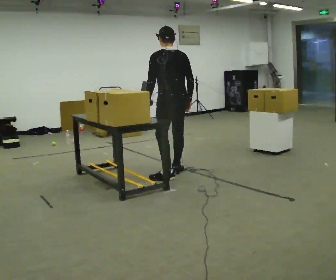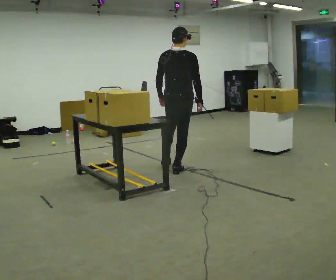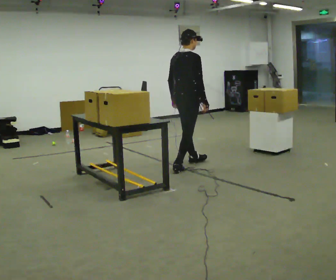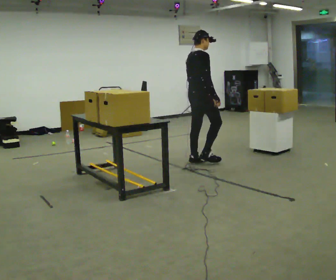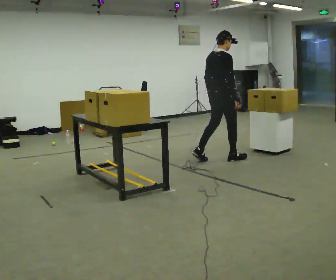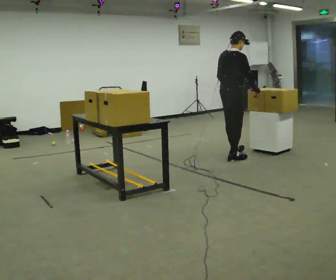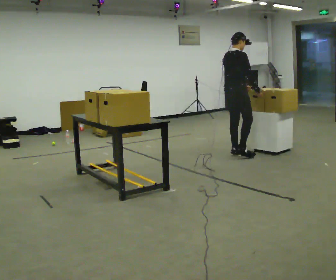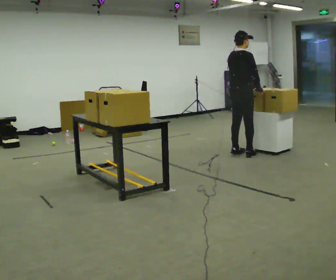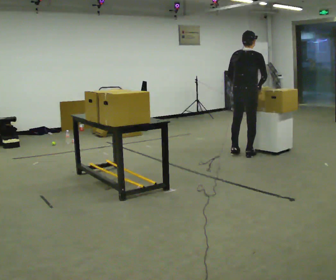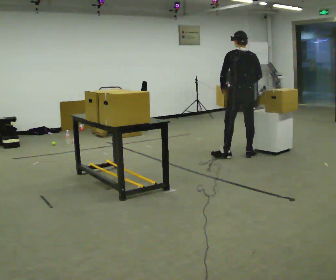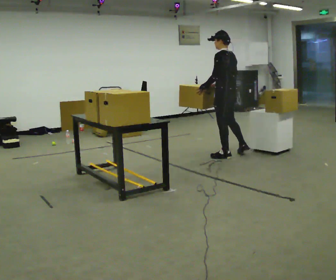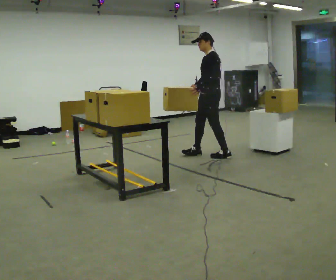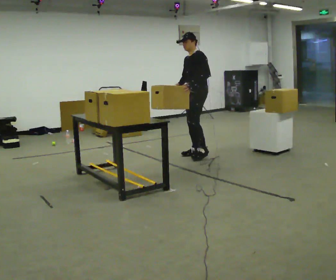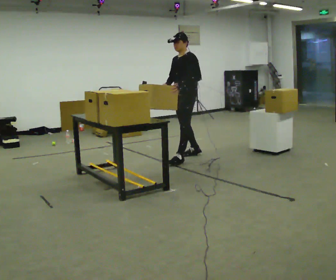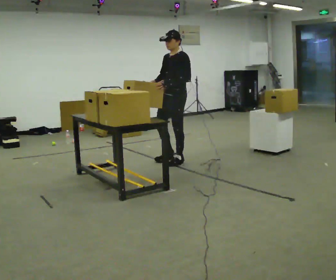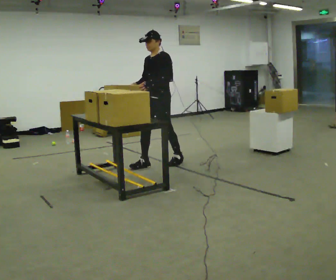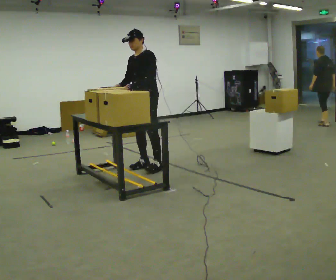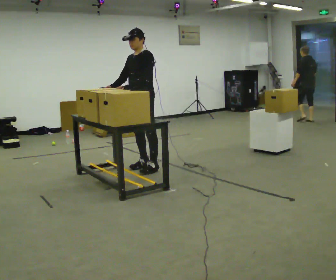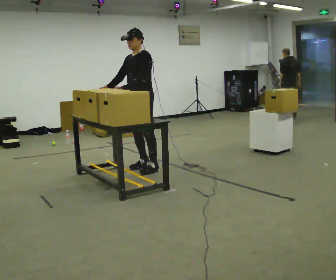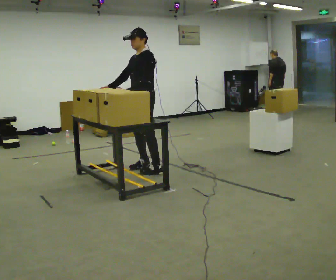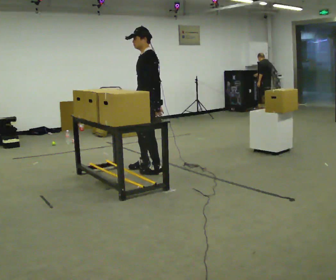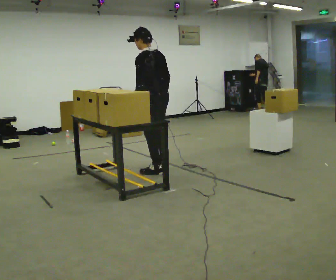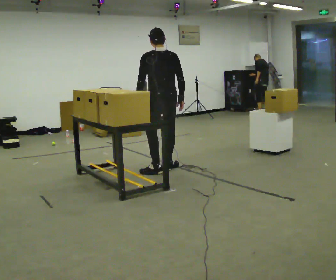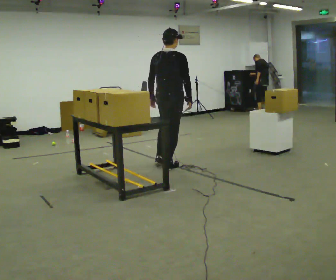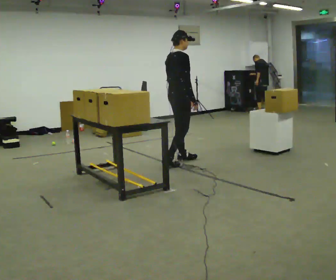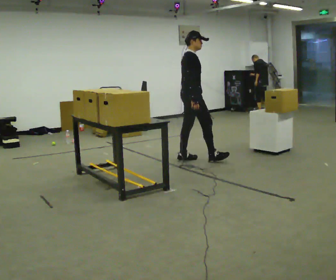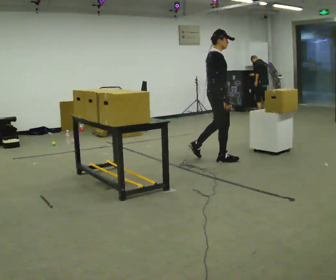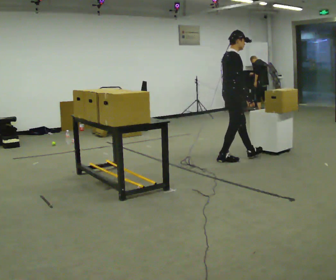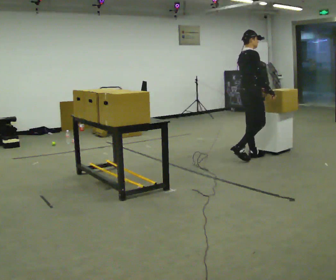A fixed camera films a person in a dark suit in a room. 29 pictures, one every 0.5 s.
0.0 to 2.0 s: The part of the body nearest the lens slides to the left as the person turns to their right by about 90 degrees. In the picture they go away from the camera and to the right, about 1 m in 2 steps.
2.0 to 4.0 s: The person turns about 30 degrees to their left, counterclockwise seen from above, so the part of the body nearest the lens slides to the right. In the picture they go to the right and away from the camera, about 0.5 m in 2 steps, which for them is forward.
4.0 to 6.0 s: The person turns about 150 degrees to their left, counterclockwise seen from above, so the part of the body nearest the lens slides to the right. In the picture they go to the left, about 0.5 m in 2 steps. In the picture the upper body tilts counterclockwise, shoulders to the left.
6.0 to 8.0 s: In the picture they go to the left and toward the camera, about 1 m in 2 steps, which for them is forward.
8.0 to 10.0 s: The part of the body nearest the lens slides to the left as the person turns to their right by about 45 degrees. In the picture they go toward the camera, about 0.25 m in 2 steps, which for them is to their left.
10.0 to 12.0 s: The part of the body nearest the lens slides to the left as the person turns to their right by about 165 degrees. In the picture they go away from the camera and to the right, about 0.5 m in 2 steps.
12.0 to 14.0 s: In the picture they go to the right, about 1 m in 2 steps, which for them is forward.
The film runs forward here.
